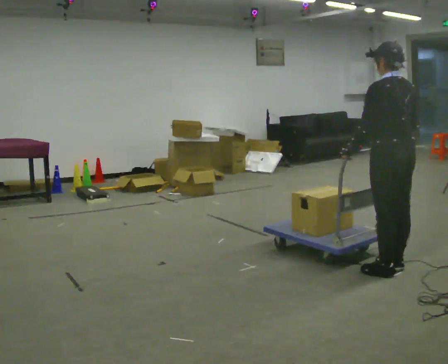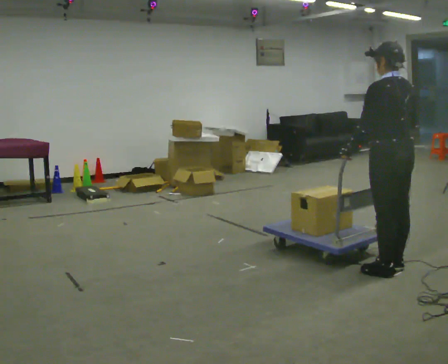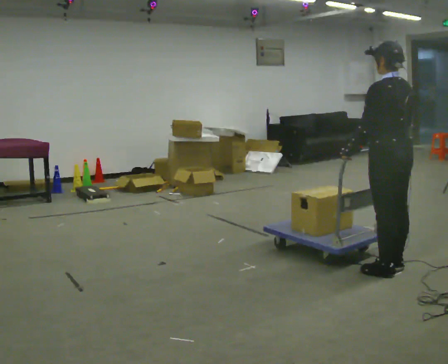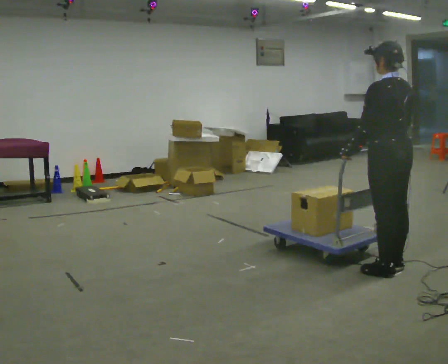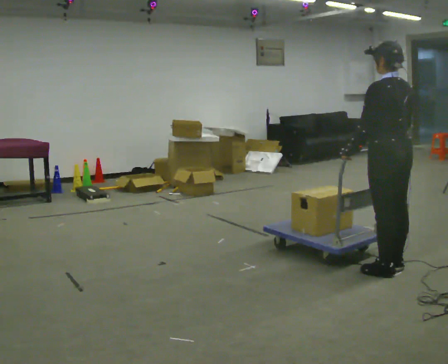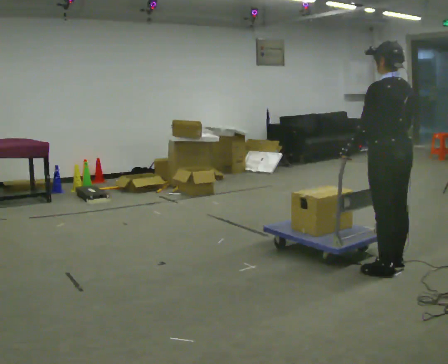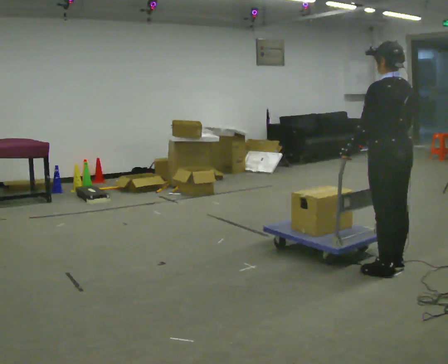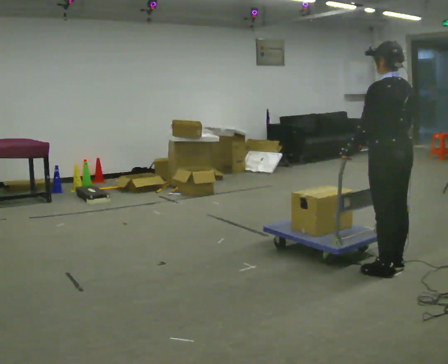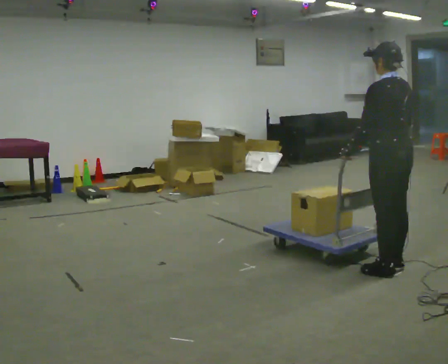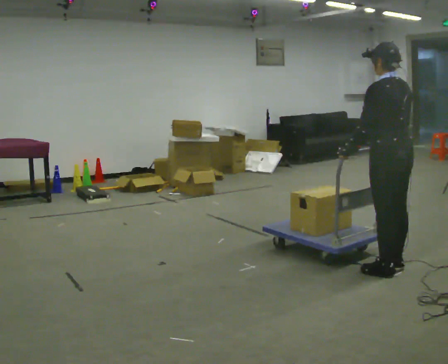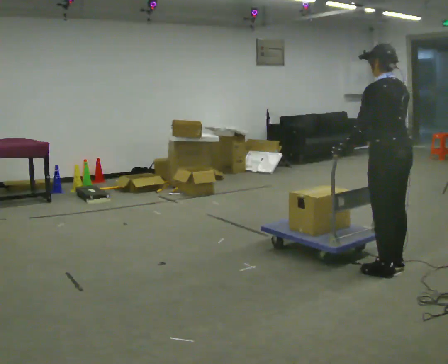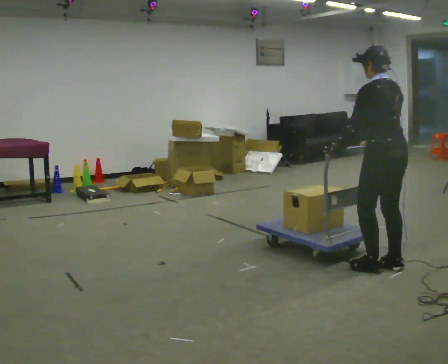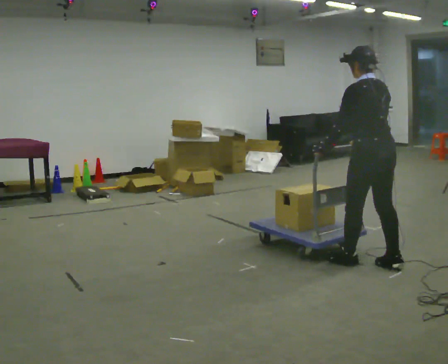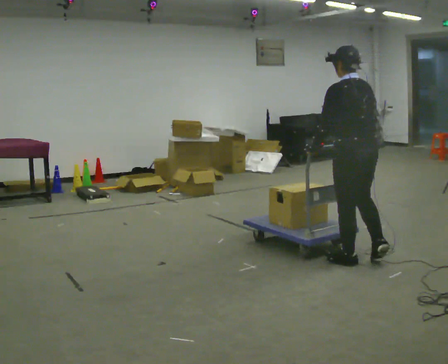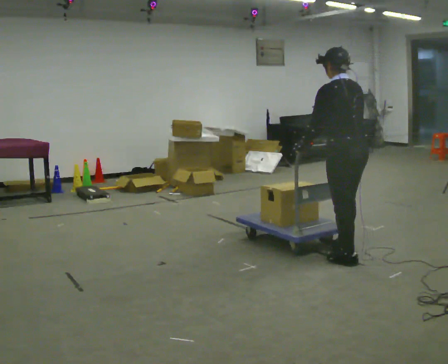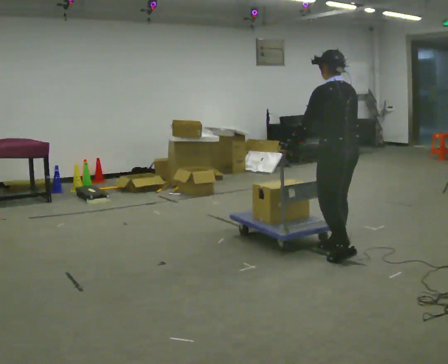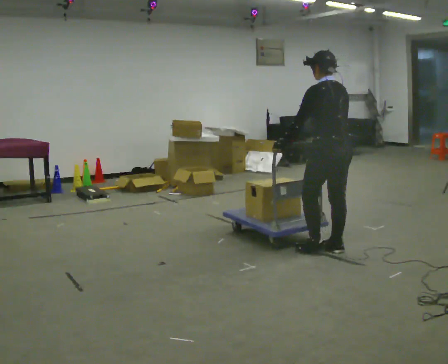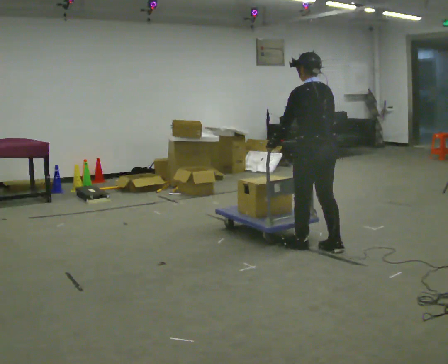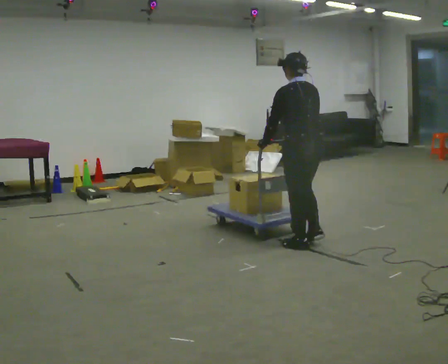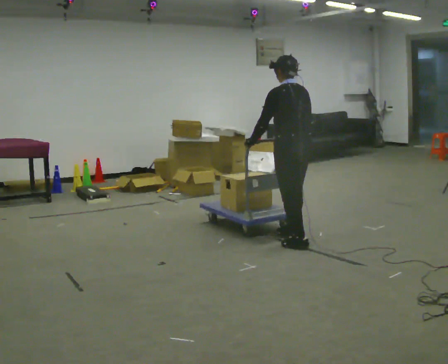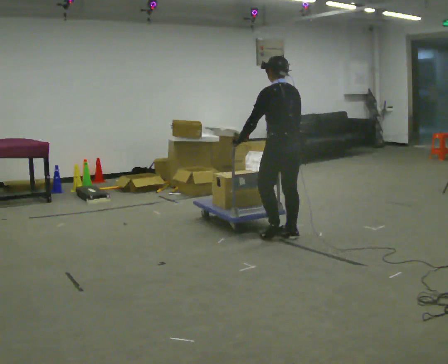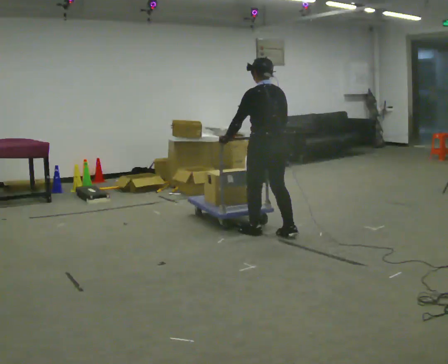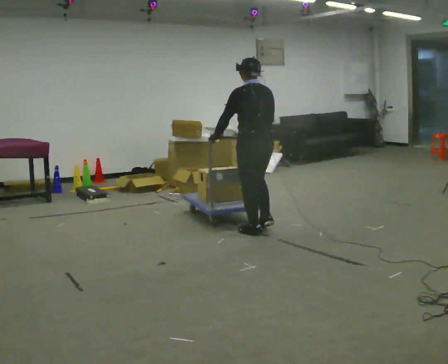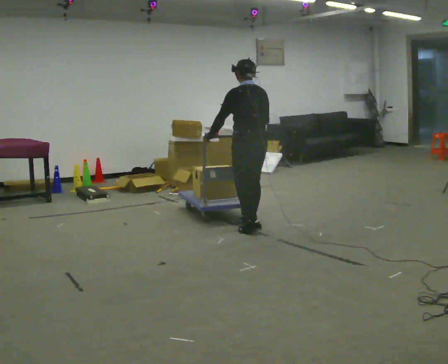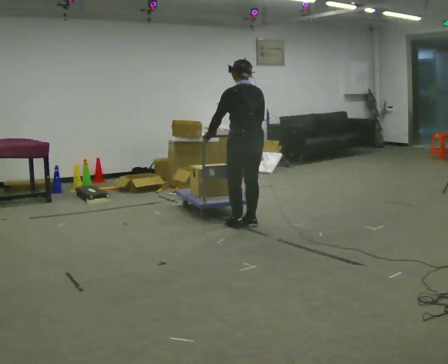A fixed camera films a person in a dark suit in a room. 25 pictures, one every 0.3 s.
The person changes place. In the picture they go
to the left.
0.0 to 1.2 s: The person moves a little, or ends about where they began.
1.2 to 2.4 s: The person keeps their place and pose.
2.4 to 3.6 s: In the picture they go to the left, about 0.25 m in 1 step, which for them is forward.
3.6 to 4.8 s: In the picture they go to the left and away from the camera, about 0.5 m in 1 step, which for them is forward.
4.8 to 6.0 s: In the picture they go to the left and away from the camera, about 0.5 m in 2 steps, which for them is forward.
6.0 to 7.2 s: In the picture they go to the left and away from the camera, about 0.5 m in 2 steps, which for them is forward.
The film runs forward here.
